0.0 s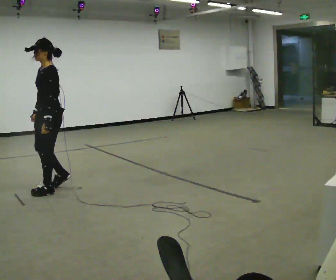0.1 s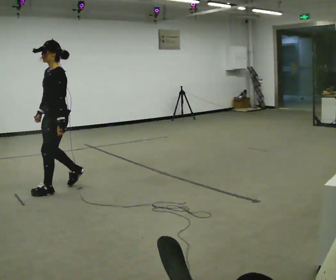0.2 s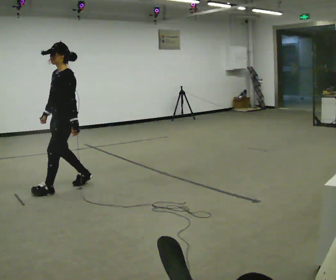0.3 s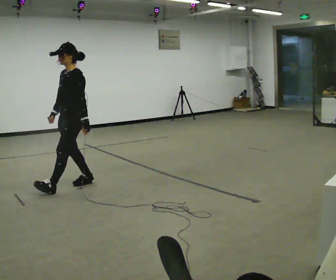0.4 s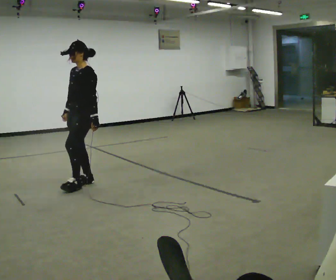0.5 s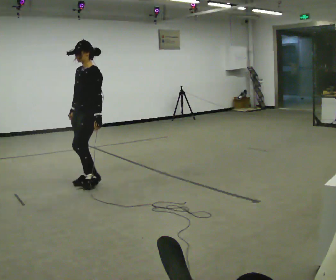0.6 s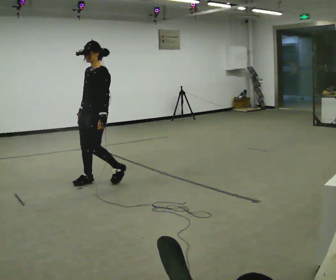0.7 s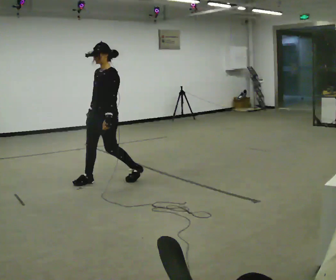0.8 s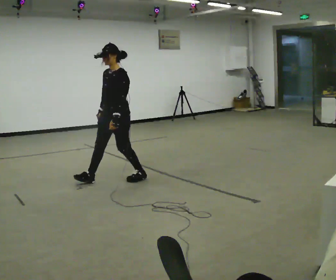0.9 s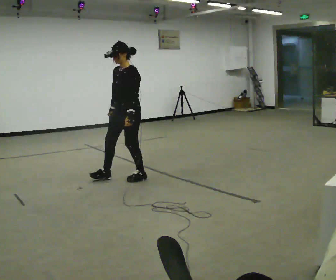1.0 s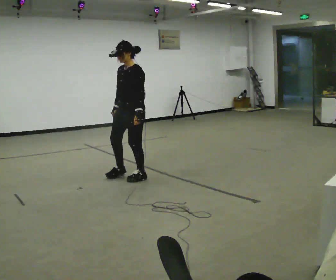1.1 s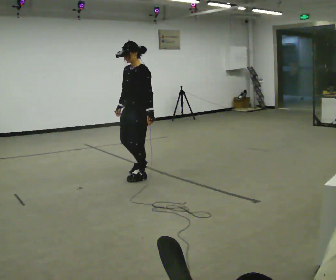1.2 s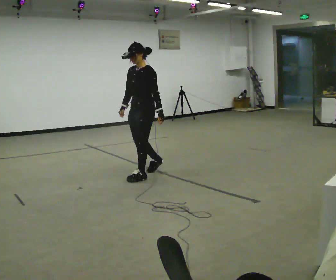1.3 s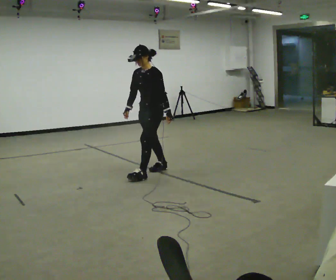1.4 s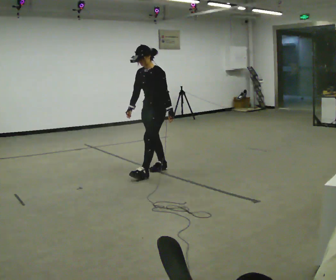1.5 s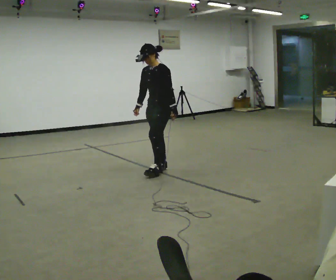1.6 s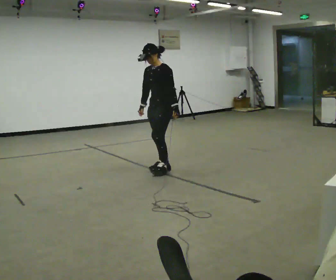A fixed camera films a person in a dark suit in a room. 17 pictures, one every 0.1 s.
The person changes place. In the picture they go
to the right.
0.0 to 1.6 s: In the picture they go to the right and away from the camera, about 1.5 m in 3 steps, which for them is backward.
The film runs forward here.
